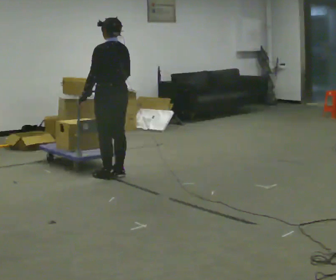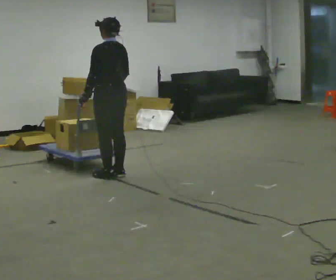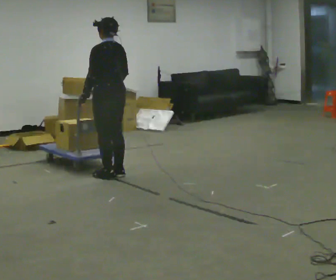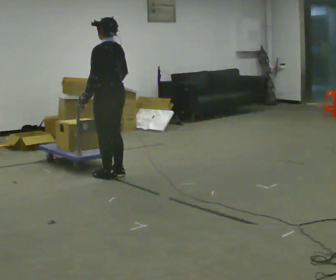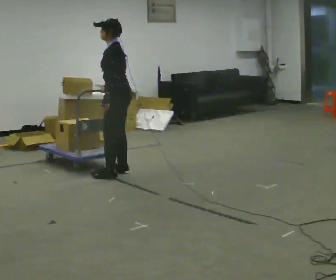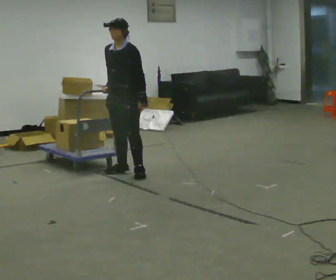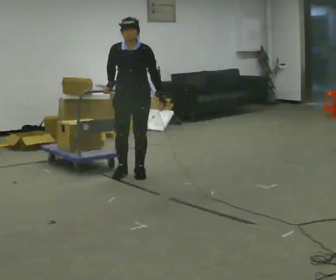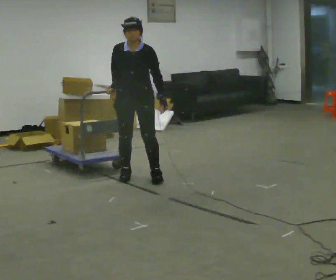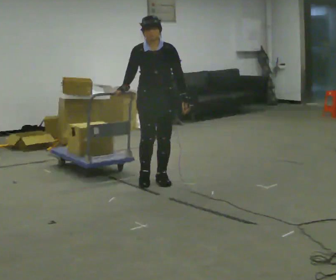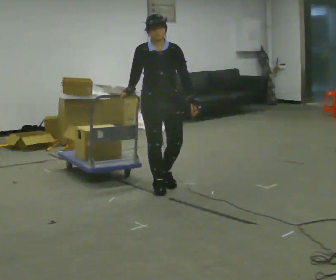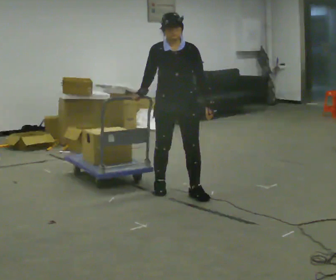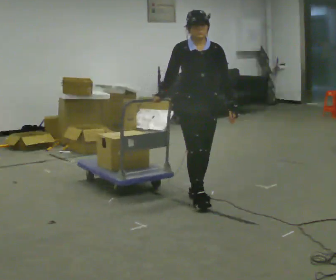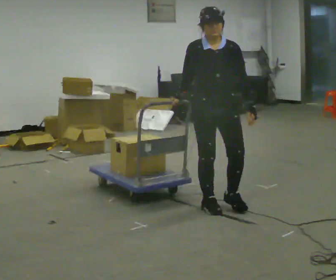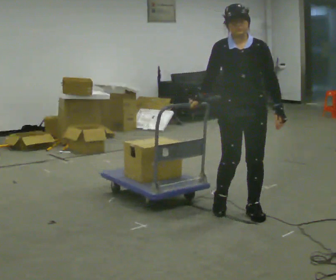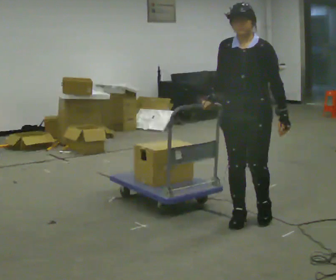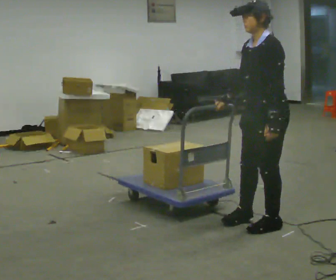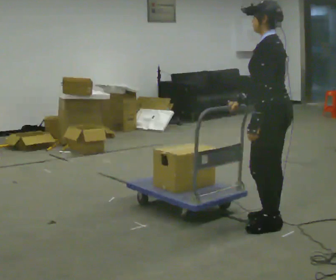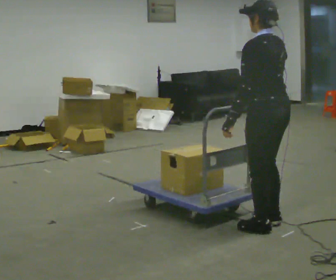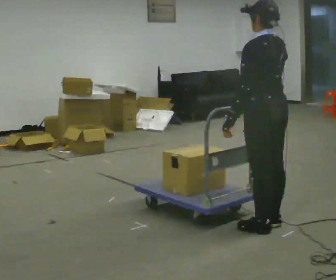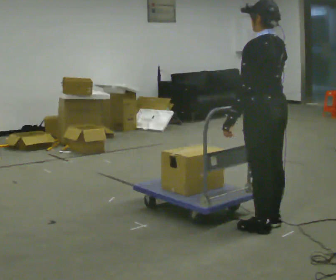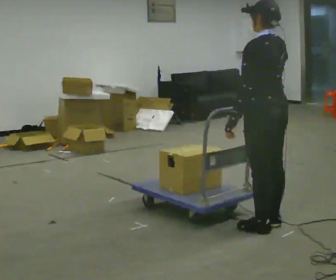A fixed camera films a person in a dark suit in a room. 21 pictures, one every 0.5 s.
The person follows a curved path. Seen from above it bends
clockwise.
0.0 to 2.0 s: Seen from above the body turns counterclockwise, about 45 degrees: to their left, with its near side sliding to the right.
2.0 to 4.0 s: The part of the body nearest the lens slides to the right as the person turns to their left by about 90 degrees. In the picture they go to the right and toward the camera, about 0.5 m in 2 steps.
4.0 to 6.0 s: In the picture they go toward the camera and to the right, about 1 m in 3 steps, which for them is forward and to their left.
6.0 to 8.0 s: The person turns about 120 degrees to their right, clockwise seen from above, so the part of the body nearest the lens slides to the left. In the picture they go toward the camera and to the right, about 0.5 m in 4 steps.
8.0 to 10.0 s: The person moves a little, or ends about where they began.
The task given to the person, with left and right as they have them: Push the cart across the room using only the hand the operator calls. Keep your other arm at your side.
The film runs forward here.
